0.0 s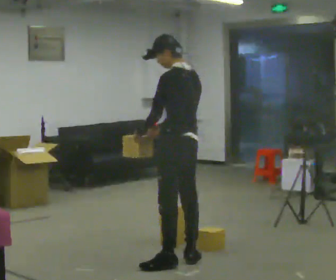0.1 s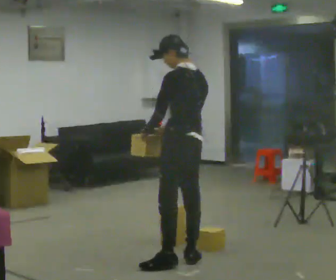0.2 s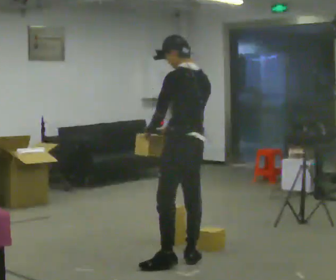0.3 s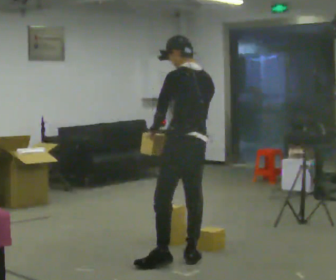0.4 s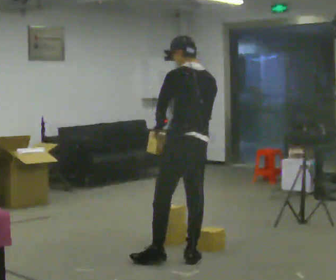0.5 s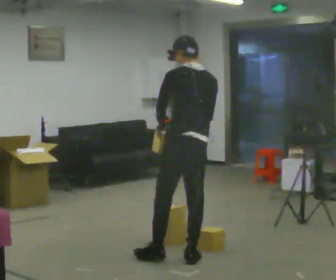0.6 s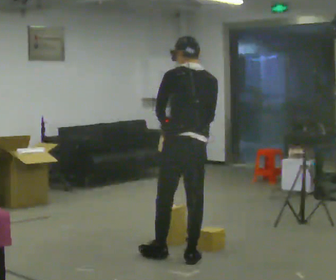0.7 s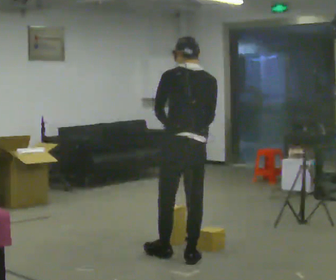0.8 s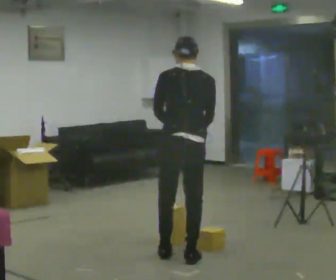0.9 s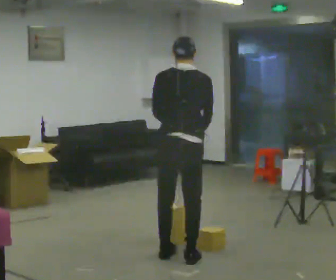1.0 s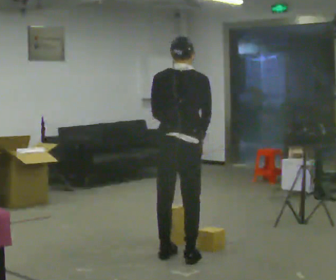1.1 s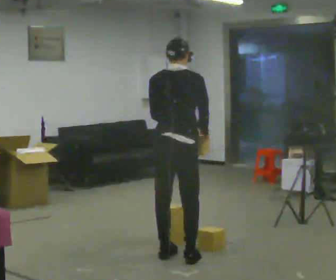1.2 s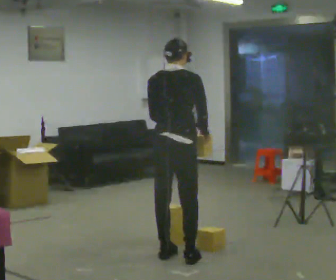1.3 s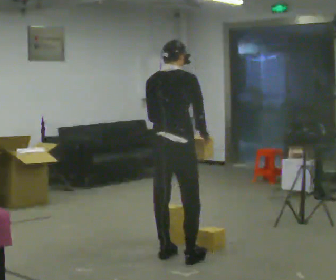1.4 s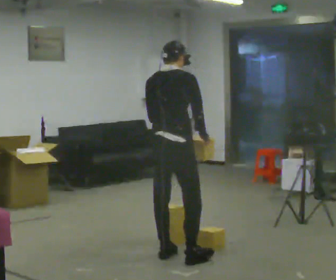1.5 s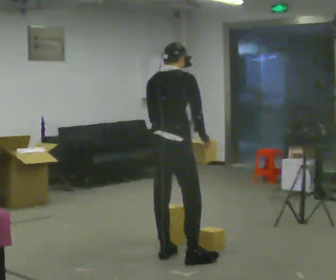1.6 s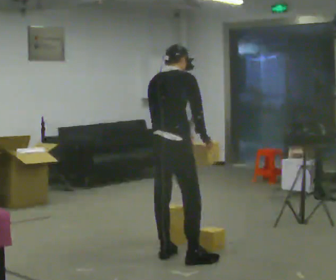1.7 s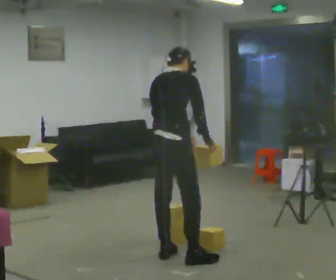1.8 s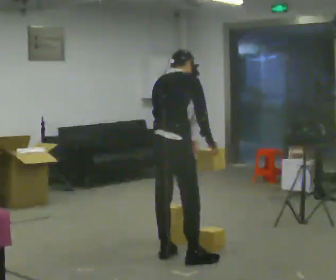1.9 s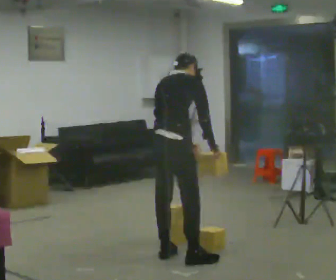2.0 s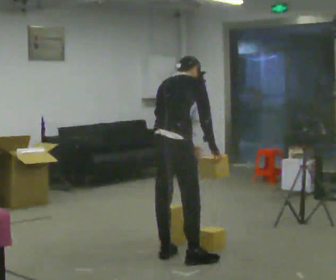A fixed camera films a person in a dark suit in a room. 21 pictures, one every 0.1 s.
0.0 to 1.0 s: The part of the body nearest the lens slides to the left as the person turns to their right by about 60 degrees. In the picture their right hand goes to the right.
1.0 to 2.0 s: Seen from above the body turns clockwise, about 30 degrees: to their right, with its near side sliding to the left. The upper body tips away from the camera, its near side rolling upward, as they bend forward.
The film runs backward here.
